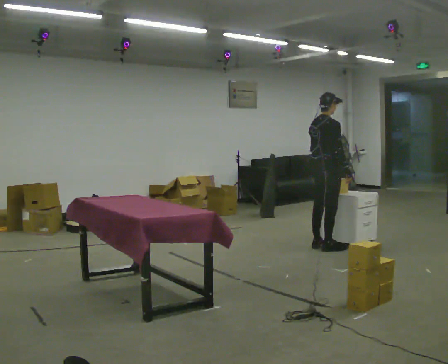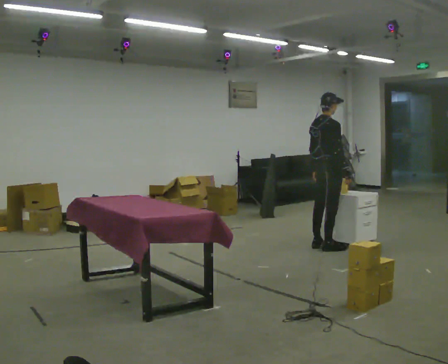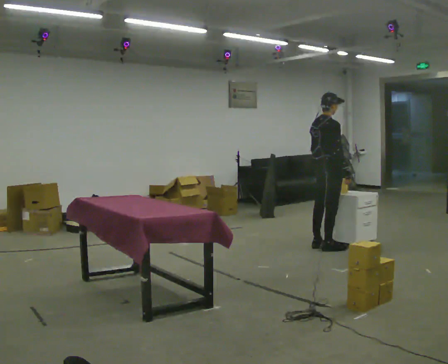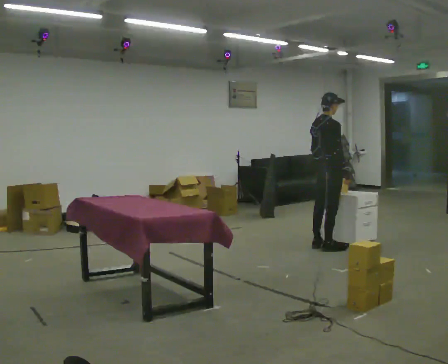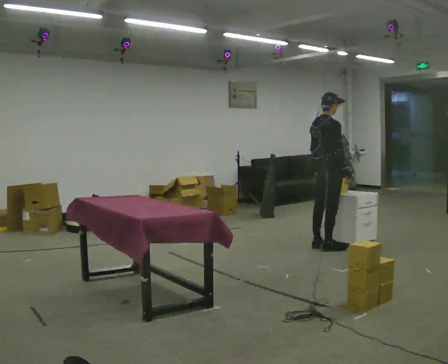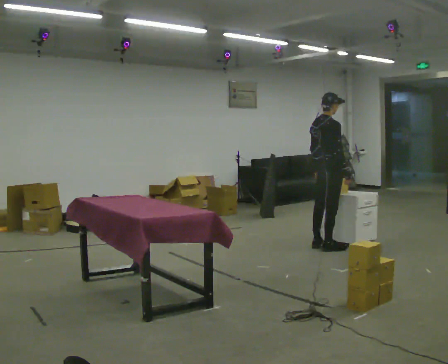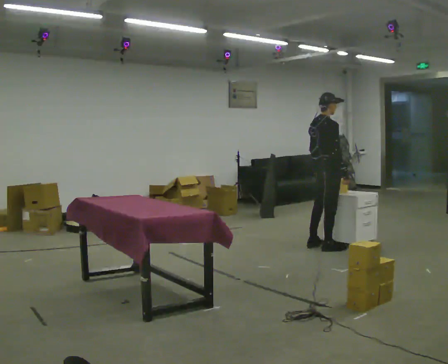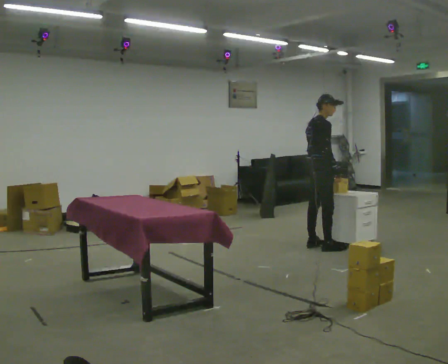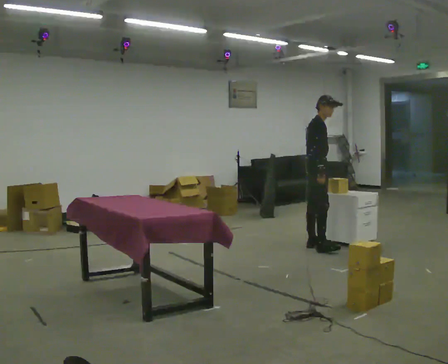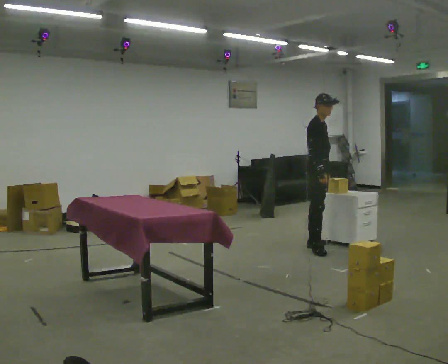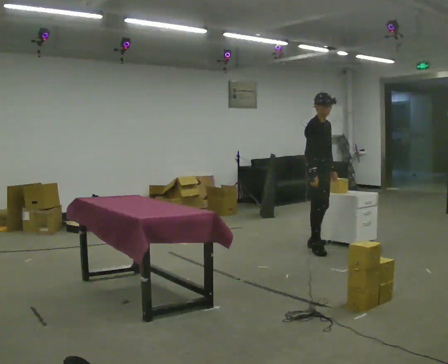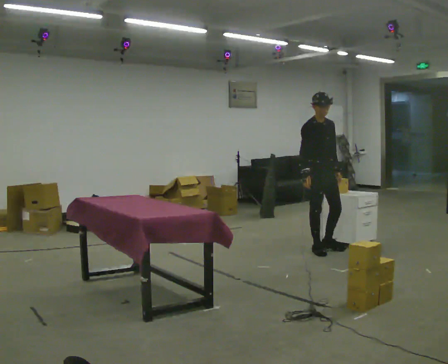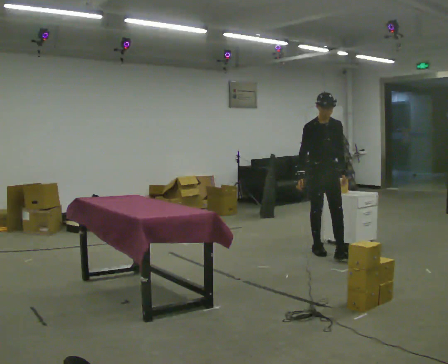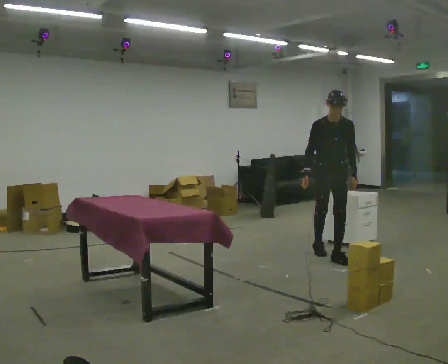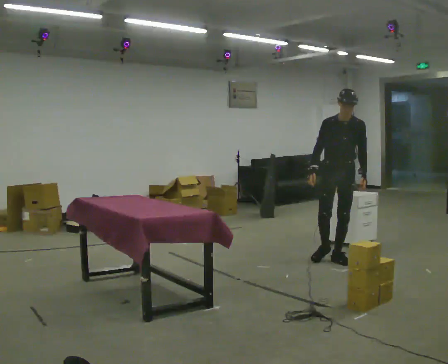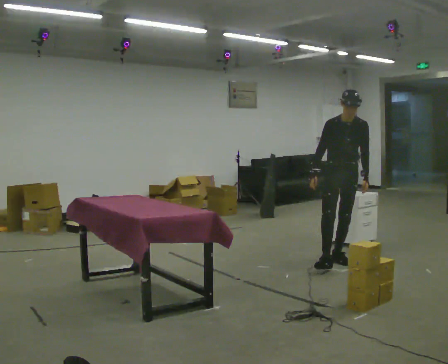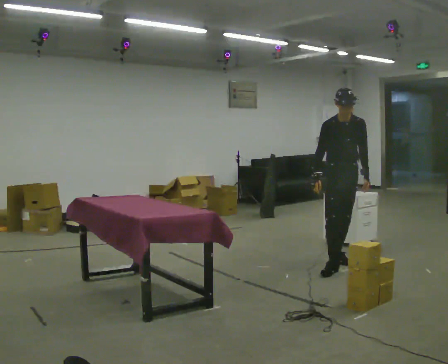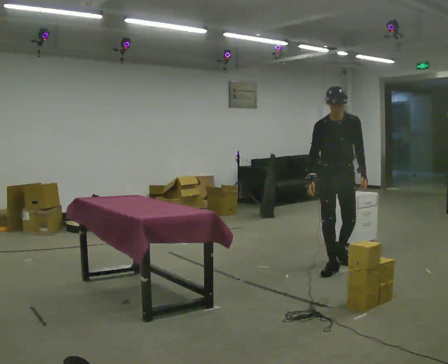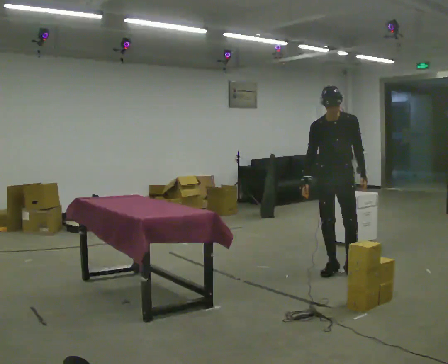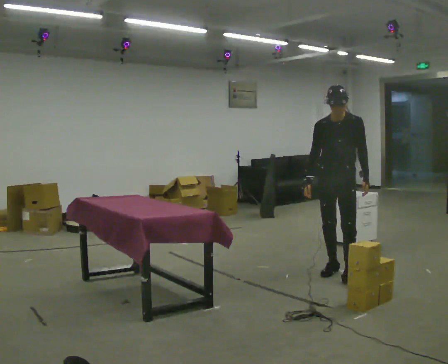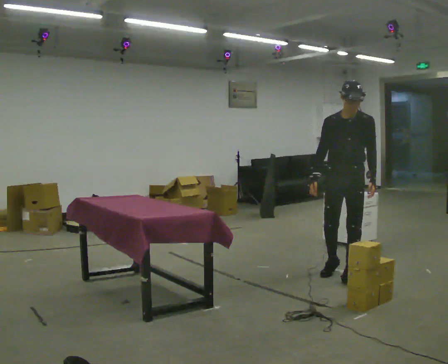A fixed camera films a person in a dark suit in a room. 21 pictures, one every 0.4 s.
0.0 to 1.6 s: The person moves a little, or ends about where they began.
1.6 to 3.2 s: The person turns about 30 degrees to their right, clockwise seen from above, so the part of the body nearest the lens slides to the left. In the picture they go to the left, about 0.25 m, which for them is to their left.
3.2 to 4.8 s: Seen from above the body turns clockwise, about 75 degrees: to their right, with its near side sliding to the left. In the picture they go toward the camera, about 0.25 m.
4.8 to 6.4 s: In the picture they go toward the camera and to the right, about 0.5 m in 2 steps, which for them is forward.
6.4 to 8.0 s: In the picture they go toward the camera, about 0.5 m in 1 step, which for them is forward.
The film runs forward here.
